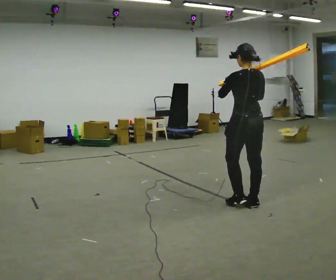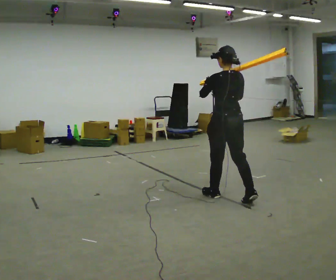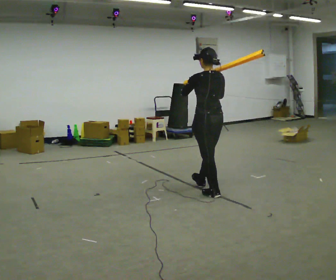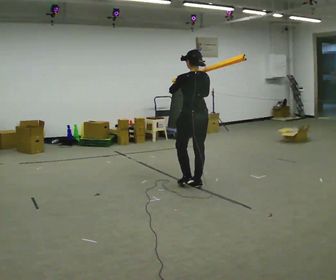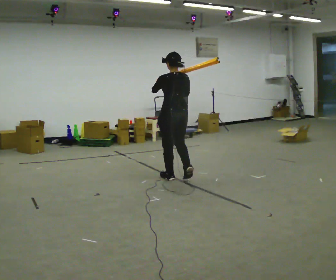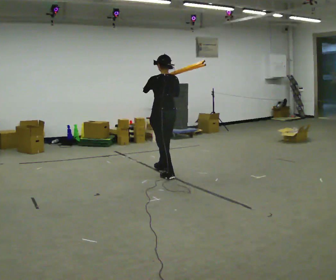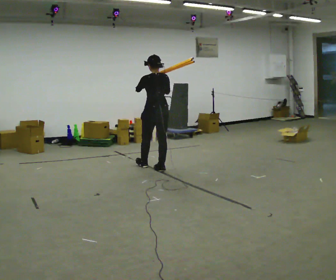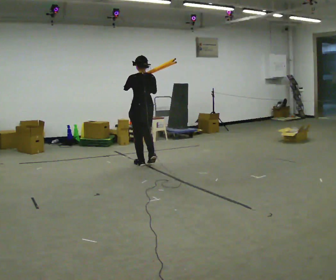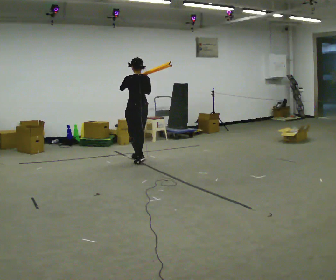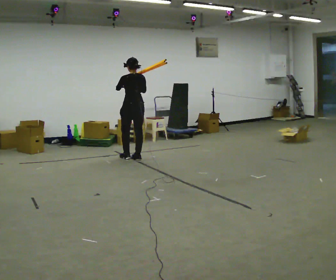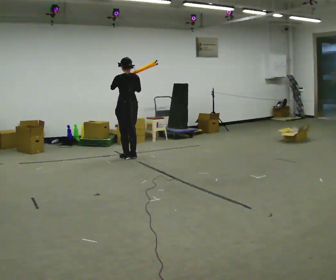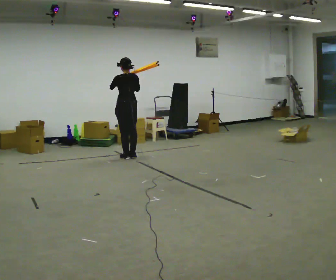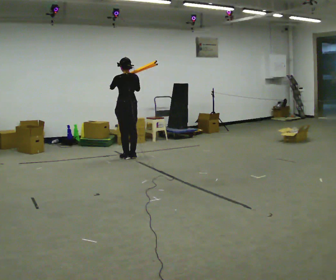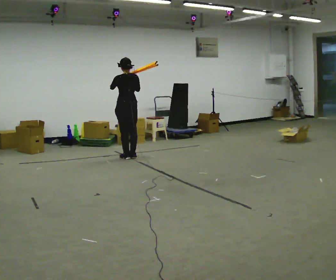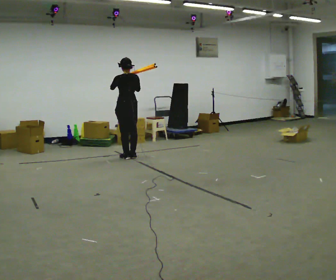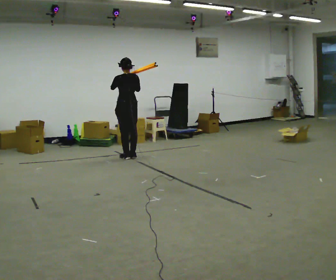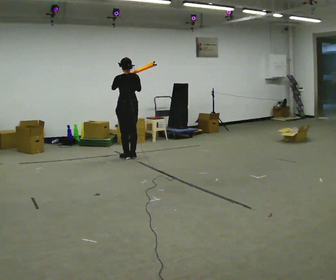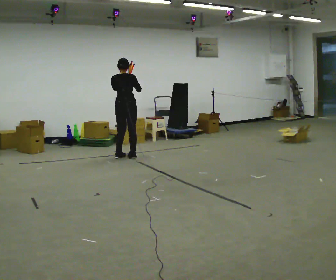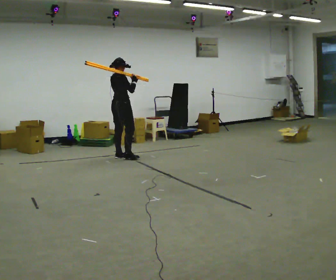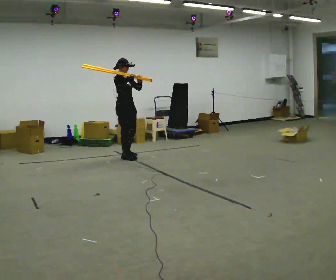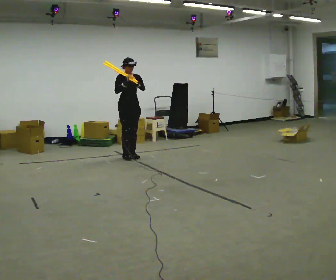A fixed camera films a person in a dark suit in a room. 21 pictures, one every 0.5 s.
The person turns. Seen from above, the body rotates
clockwise.
The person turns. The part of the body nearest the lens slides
to the left.
0.0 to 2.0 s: In the picture they go away from the camera and to the left, about 1.5 m in 3 steps, which for them is forward.
2.0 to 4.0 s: In the picture they go away from the camera, about 1 m in 3 steps, which for them is forward.
4.0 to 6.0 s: In the picture they go away from the camera and to the left, about 0.25 m in 2 steps, which for them is forward.
6.0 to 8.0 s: The person moves a little, or ends about where they began.
8.0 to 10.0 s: The part of the body nearest the lens slides to the left as the person turns to their right by about 180 degrees.
The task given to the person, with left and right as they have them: Rest the long object on the shoulder the operator calls and carry it across the room, back and forth.
The film runs forward here.
